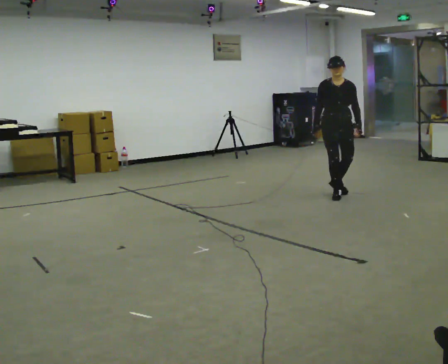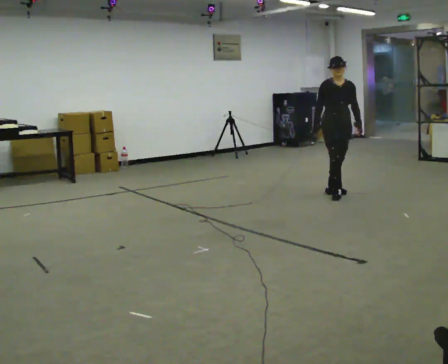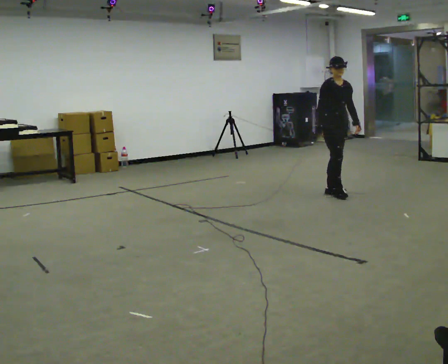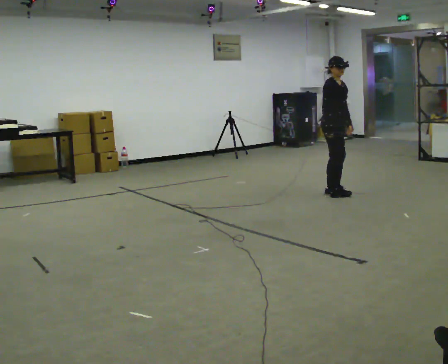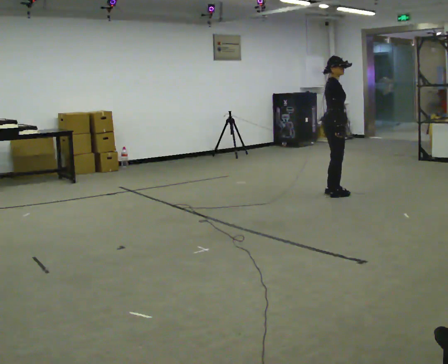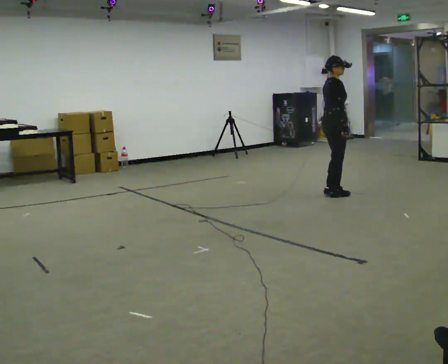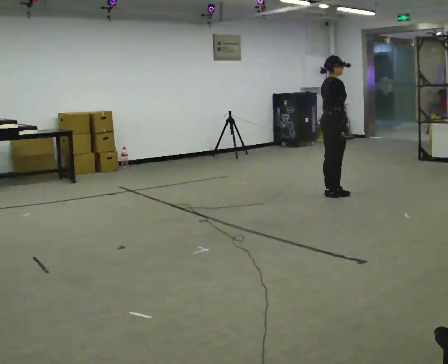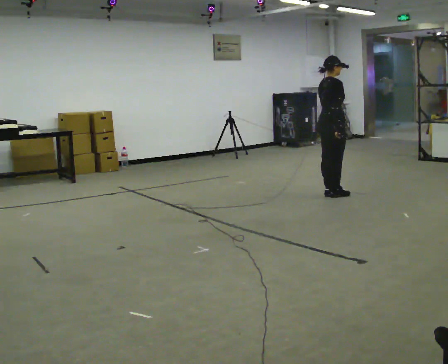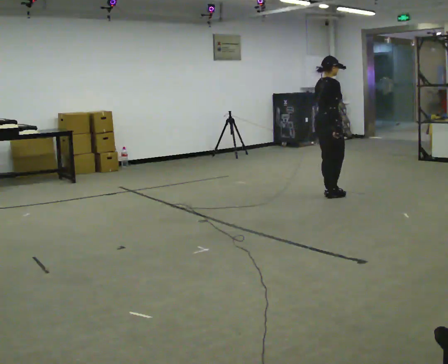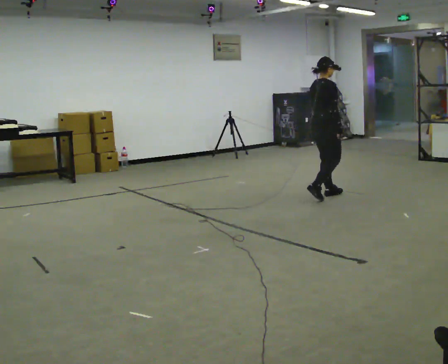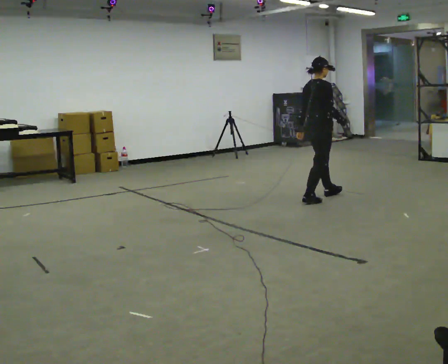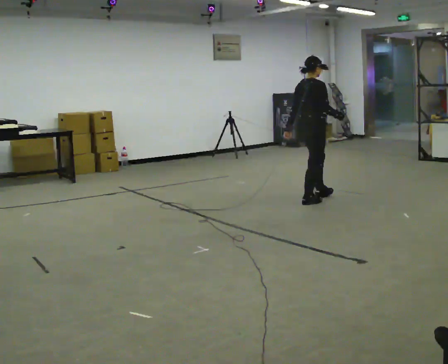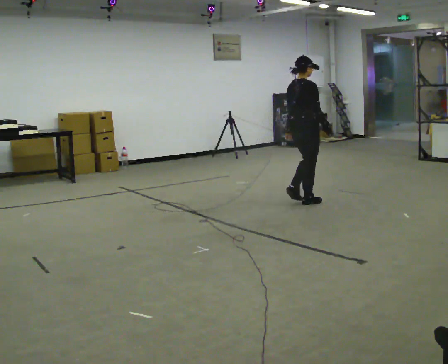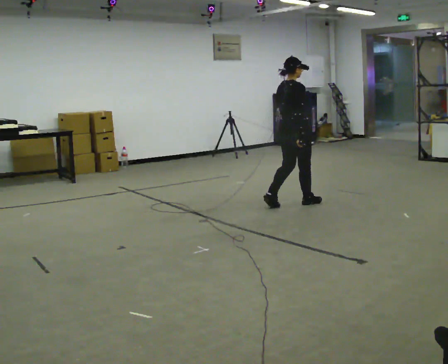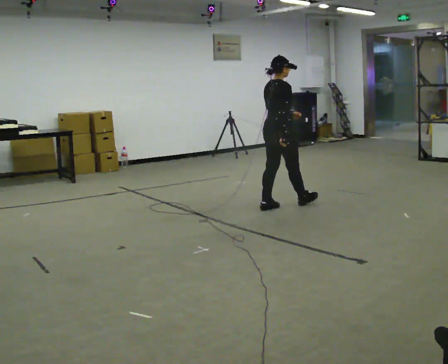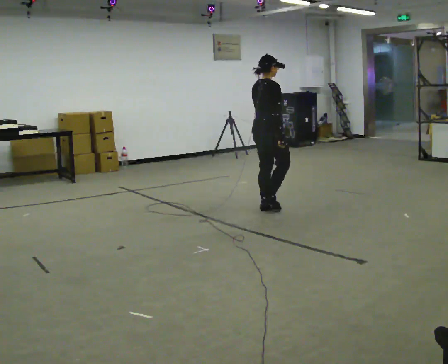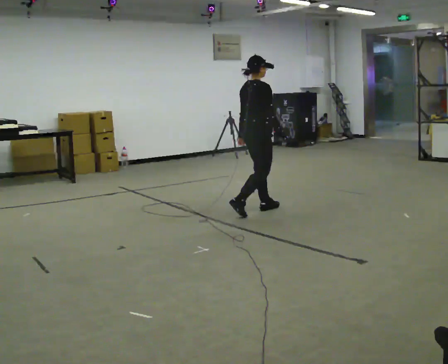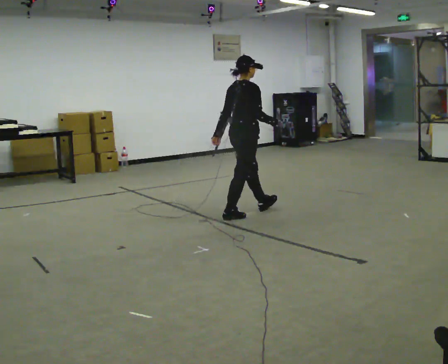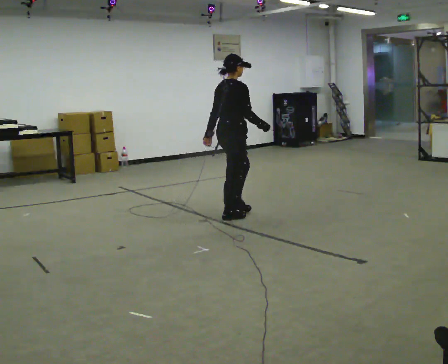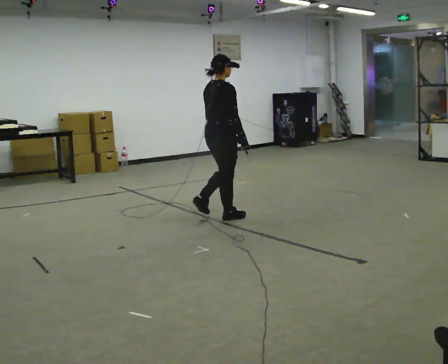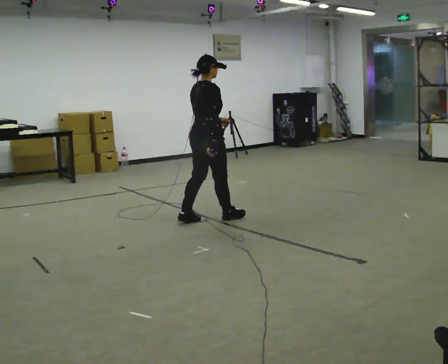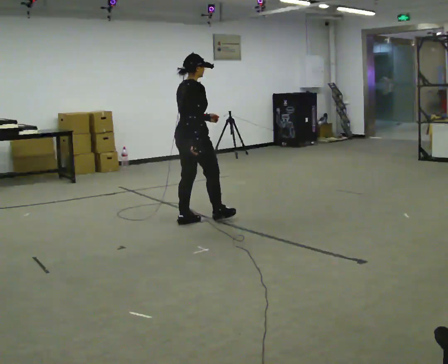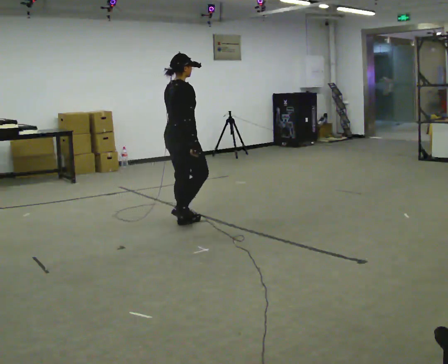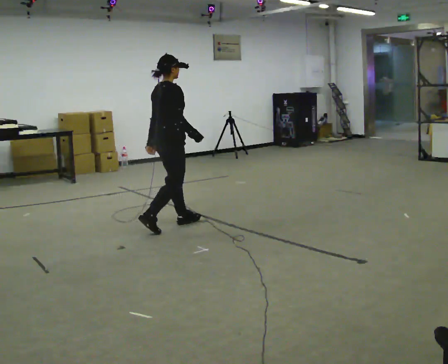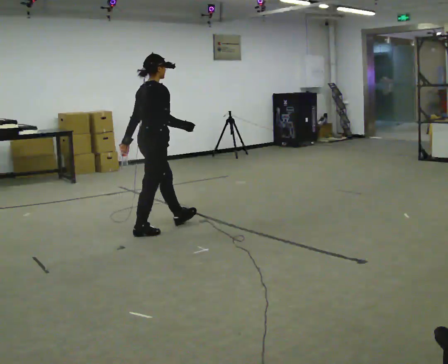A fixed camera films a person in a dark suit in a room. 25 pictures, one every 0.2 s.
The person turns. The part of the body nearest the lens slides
to the right.
The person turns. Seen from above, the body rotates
counterclockwise.
0.0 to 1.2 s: The person turns about 105 degrees to their left, counterclockwise seen from above, so the part of the body nearest the lens slides to the right. In the picture their left hand goes to the left.
1.2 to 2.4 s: In the picture they go to the left and toward the camera, about 0.5 m in 2 steps, which for them is backward.
2.4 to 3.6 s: In the picture they go to the left and toward the camera, about 1 m in 2 steps, which for them is backward.
3.6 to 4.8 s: In the picture they go to the left and toward the camera, about 1 m in 2 steps, which for them is backward.
The film runs backward here.
